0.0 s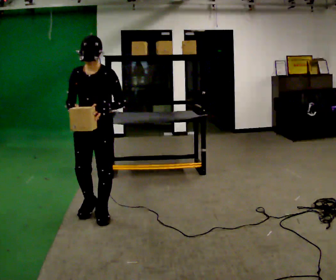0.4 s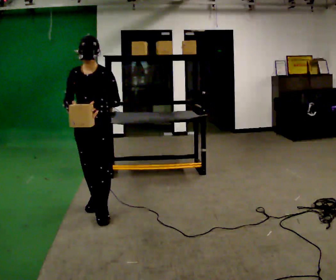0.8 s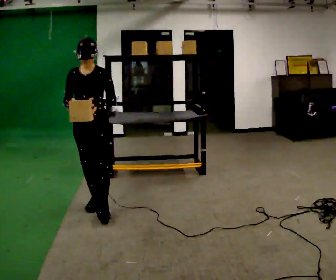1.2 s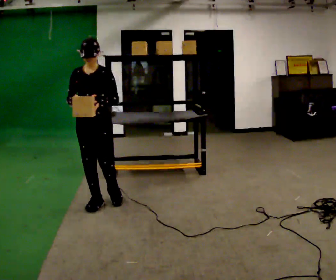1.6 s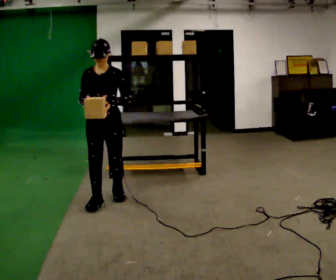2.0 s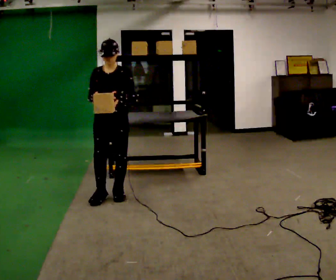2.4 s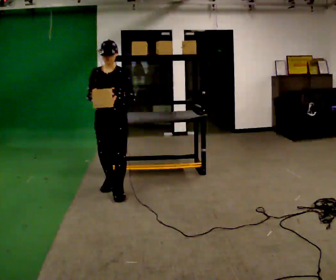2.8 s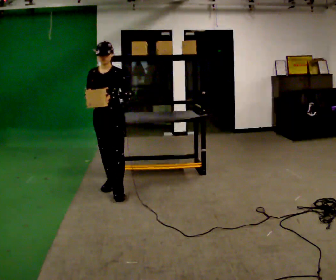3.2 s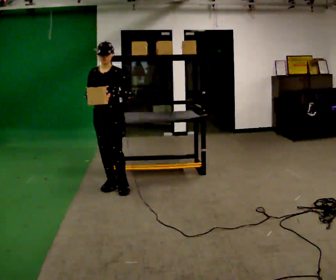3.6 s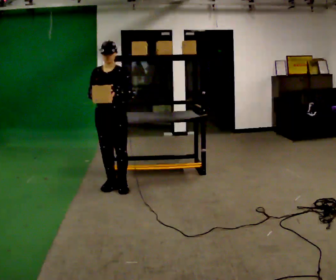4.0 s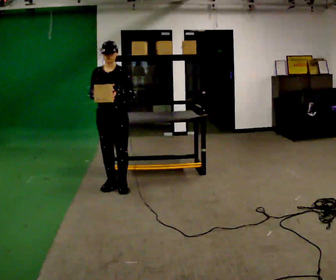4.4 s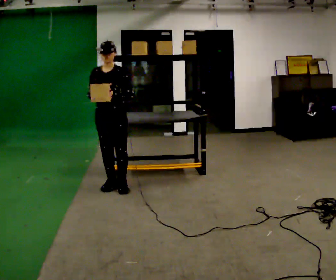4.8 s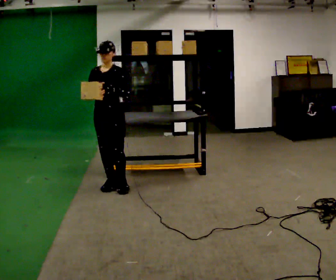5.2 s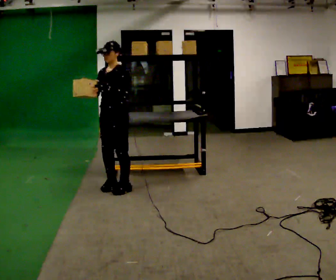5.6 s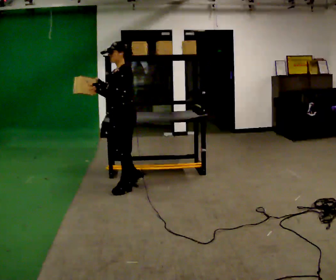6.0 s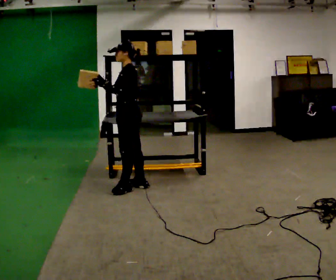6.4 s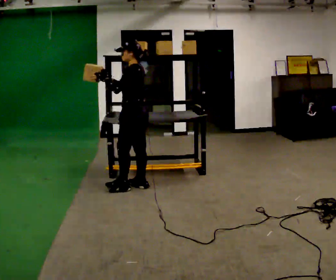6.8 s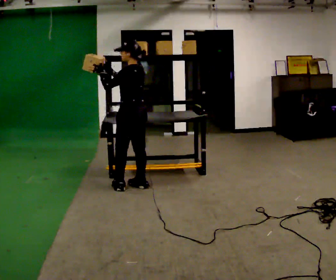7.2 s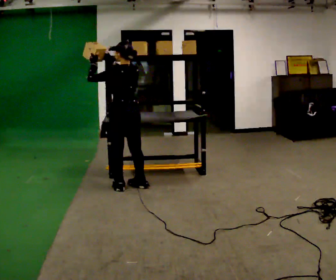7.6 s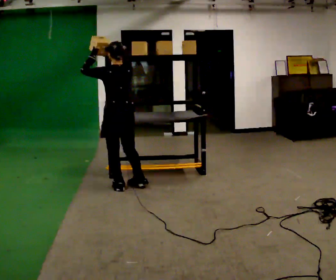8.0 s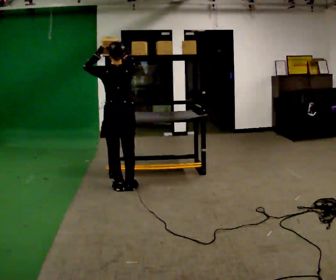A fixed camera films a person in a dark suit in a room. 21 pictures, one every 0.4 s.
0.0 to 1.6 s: In the picture they go away from the camera, about 0.5 m in 1 step, which for them is backward.
1.6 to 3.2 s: In the picture they go away from the camera, about 0.5 m in 2 steps, which for them is backward.
3.2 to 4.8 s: The person moves a little, or ends about where they began.
4.8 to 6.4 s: The part of the body nearest the lens slides to the left as the person turns to their right by about 90 degrees. In the picture they go to the right, about 0.25 m in 1 step.
6.4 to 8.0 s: Seen from above the body turns clockwise, about 60 degrees: to their right, with its near side sliding to the left. In the picture they go to the left, about 0.25 m in 1 step.
The film runs backward here.
